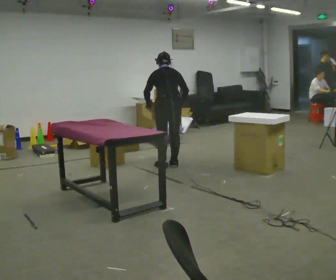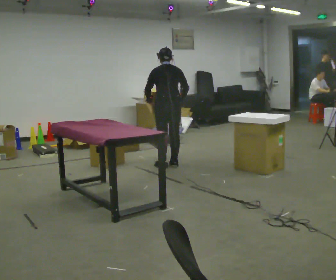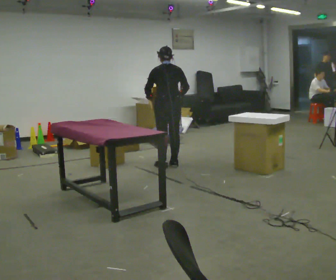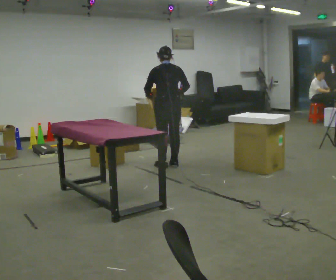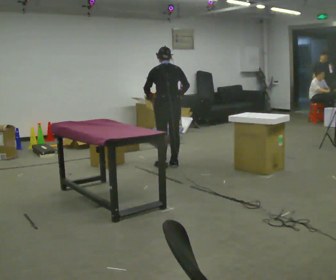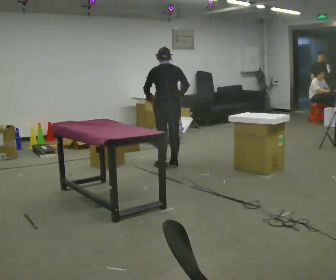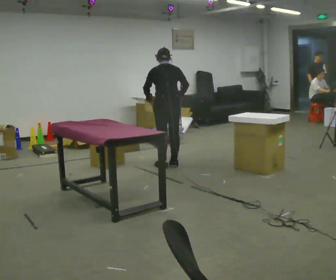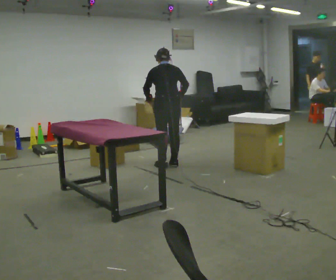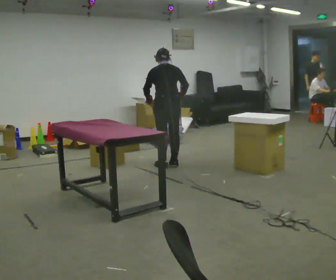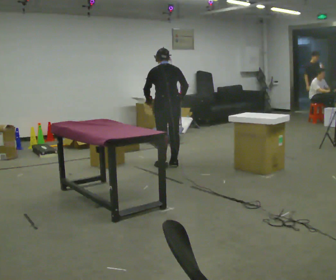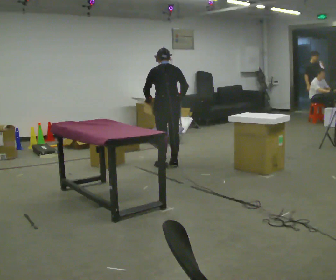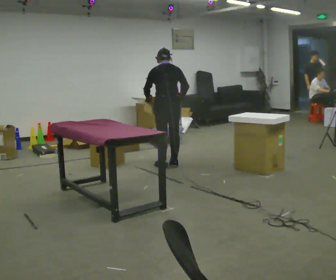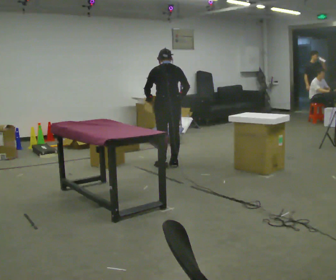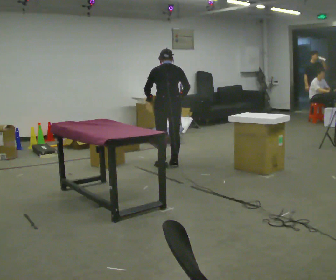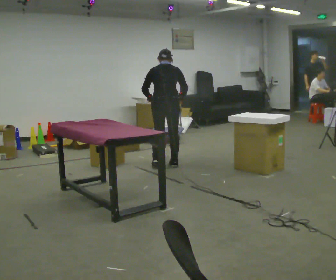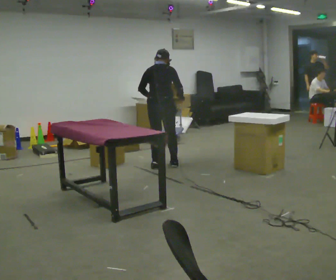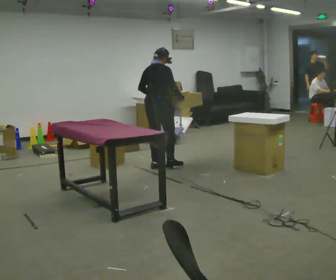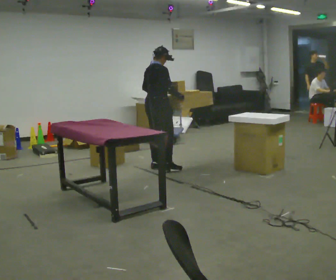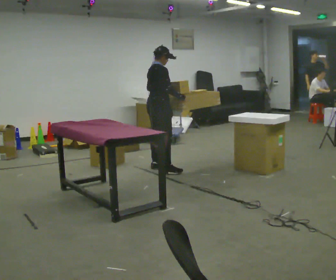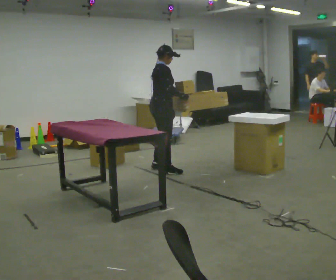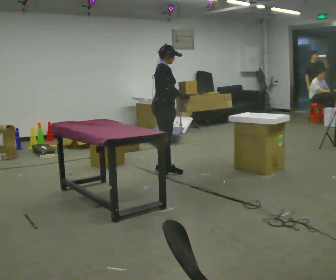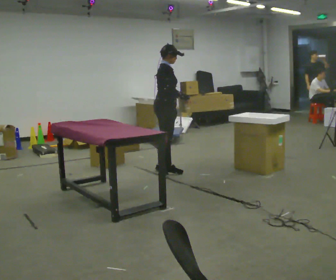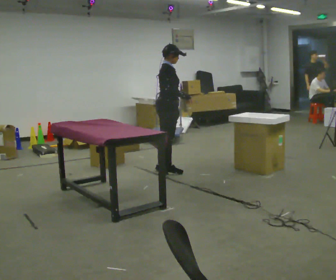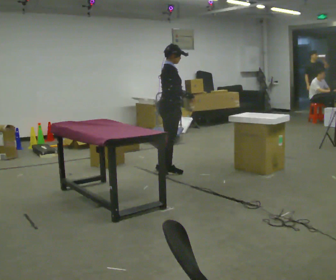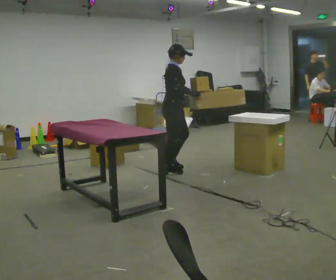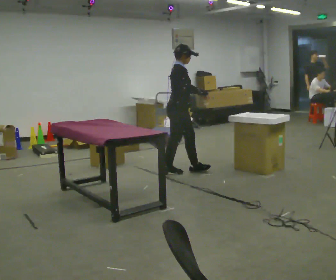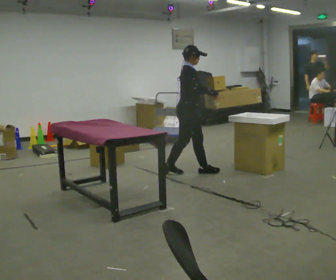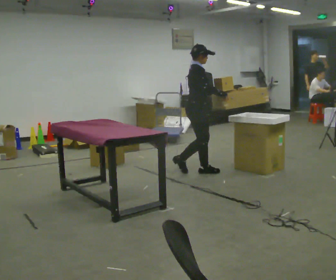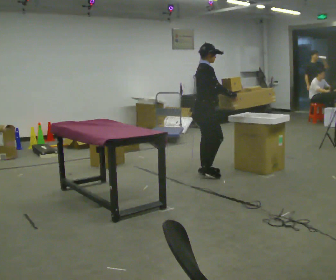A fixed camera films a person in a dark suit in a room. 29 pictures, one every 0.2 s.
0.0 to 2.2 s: The person moves a little, or ends about where they began.
2.2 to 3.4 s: The part of the body nearest the lens slides to the left as the person turns to their right by about 75 degrees.
3.4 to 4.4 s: In the picture they go toward the camera, about 0.25 m in 1 step, which for them is to their right.
4.4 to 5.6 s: In the picture they go to the right, about 0.5 m in 1 step, which for them is forward.
The film runs forward here.
